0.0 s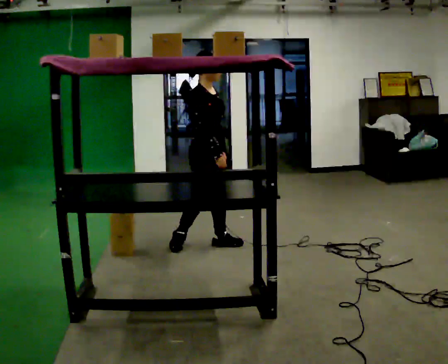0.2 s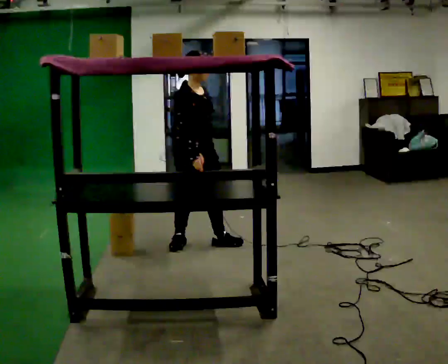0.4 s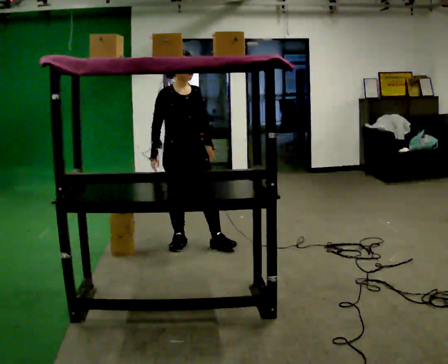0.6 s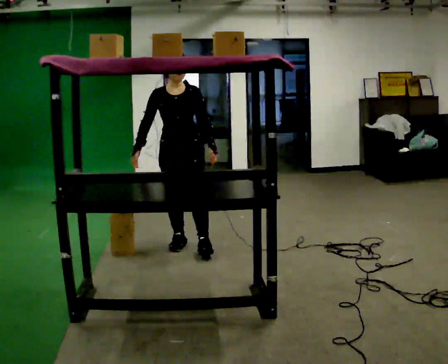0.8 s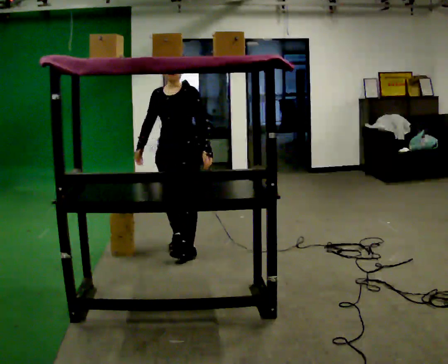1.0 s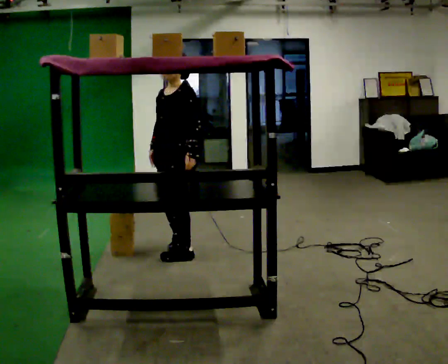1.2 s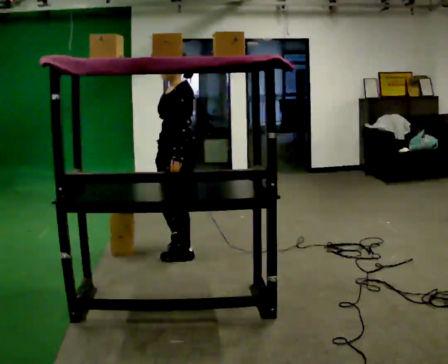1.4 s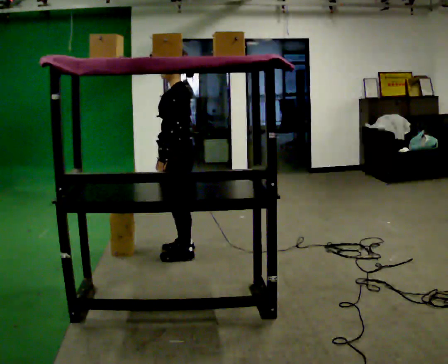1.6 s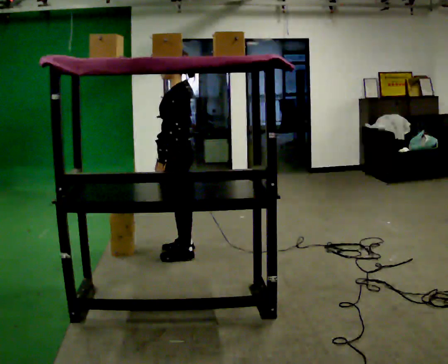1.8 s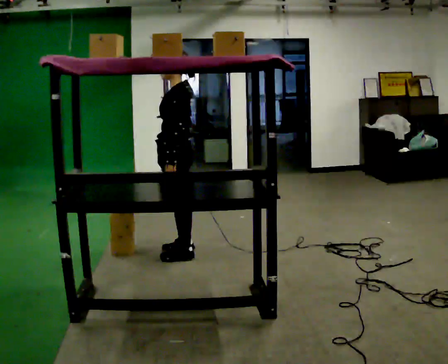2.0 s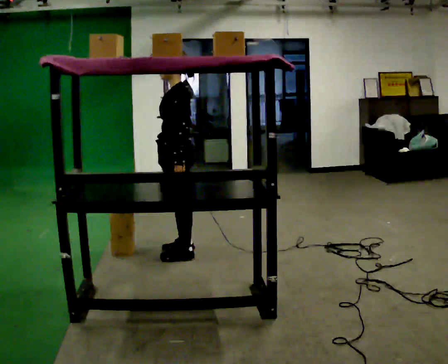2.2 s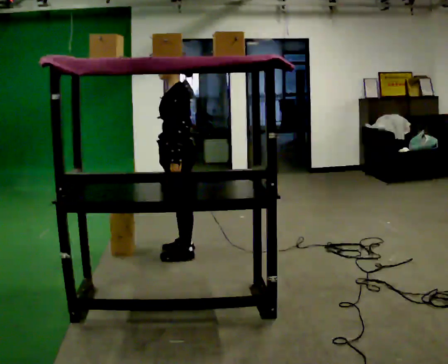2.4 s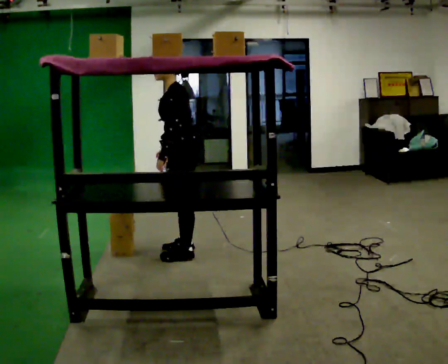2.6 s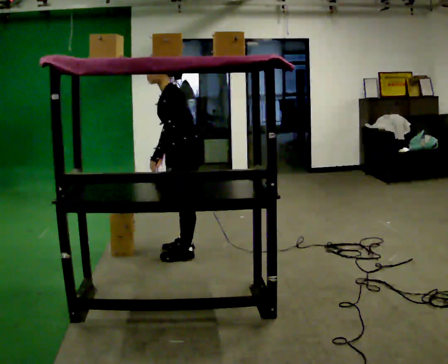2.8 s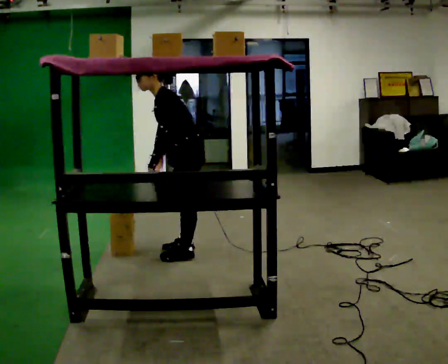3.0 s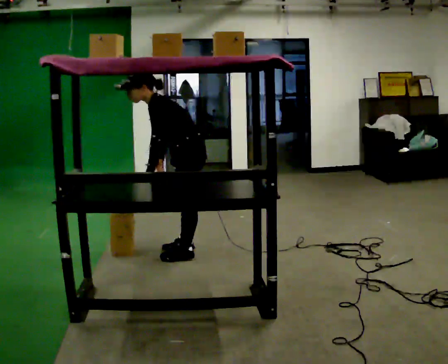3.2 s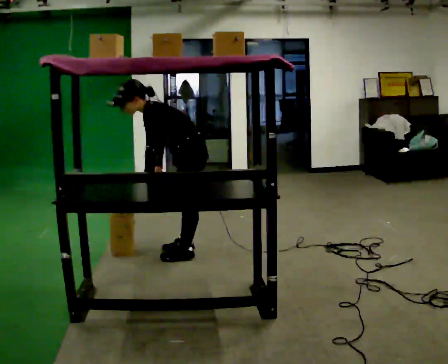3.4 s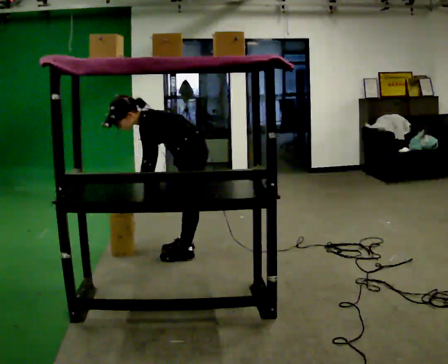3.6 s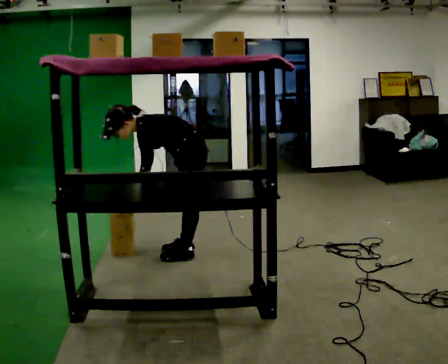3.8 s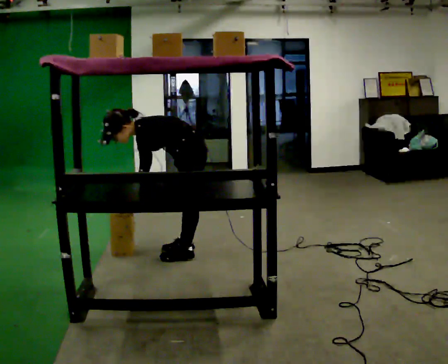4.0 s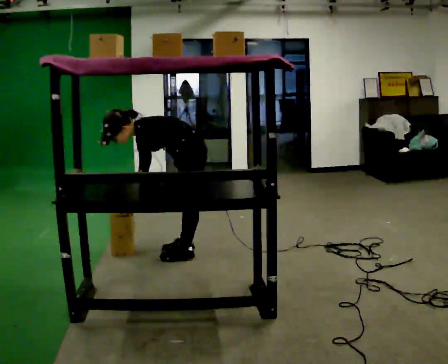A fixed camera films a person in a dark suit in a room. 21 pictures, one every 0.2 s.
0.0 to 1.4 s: Seen from above the body turns clockwise, about 135 degrees: to their right, with its near side sliding to the left. In the picture they go to the left and toward the camera, about 0.25 m in 2 steps.
1.4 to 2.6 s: The person moves a little, or ends about where they began.
2.6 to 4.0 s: The upper body goes downward. In the picture the upper body tilts counterclockwise, shoulders to the left, as they bend forward. In the picture their left hand goes downward.
The film runs backward here.
